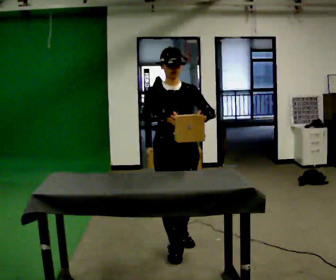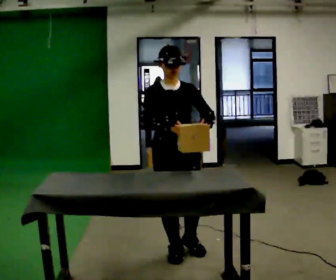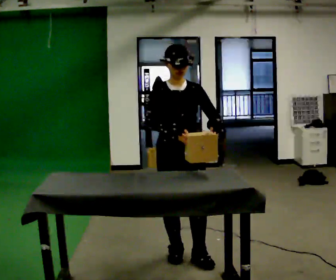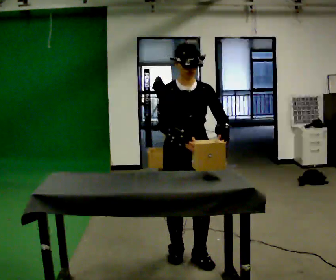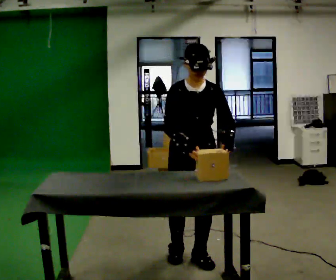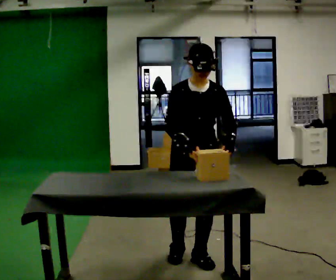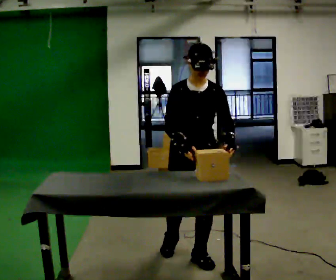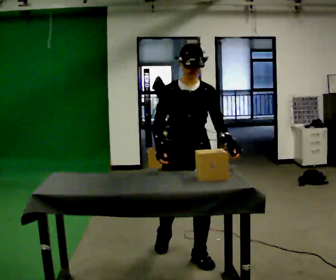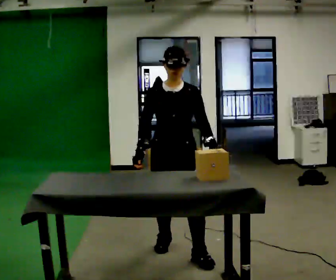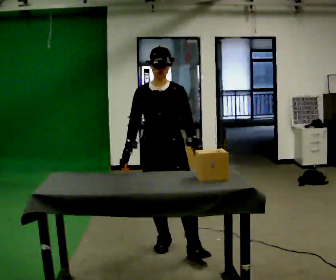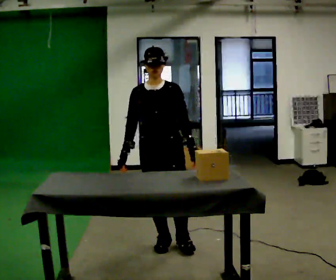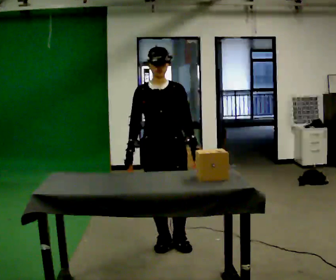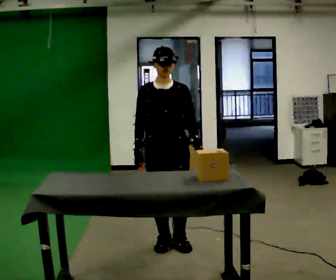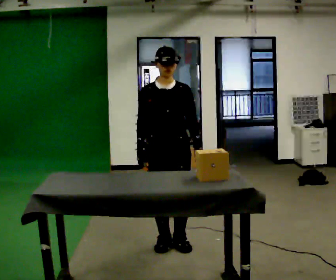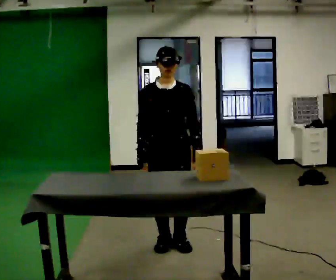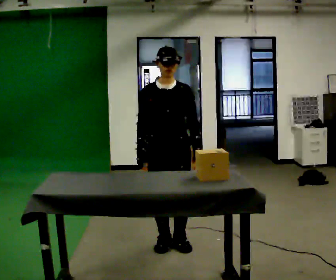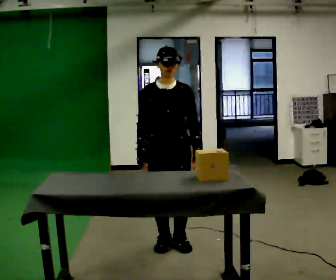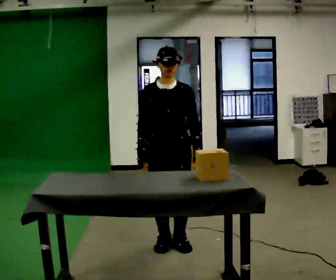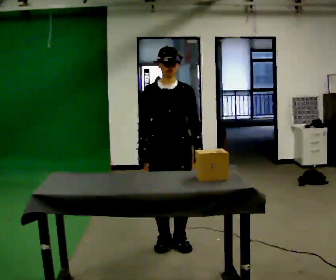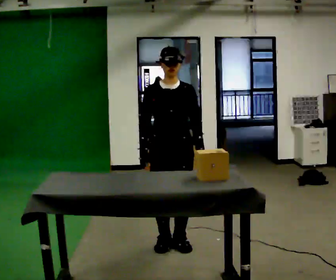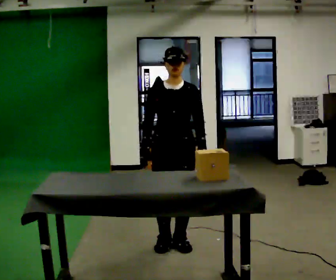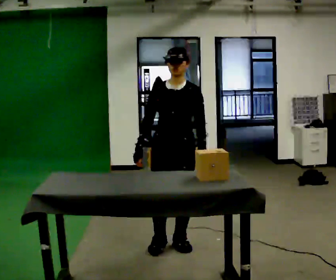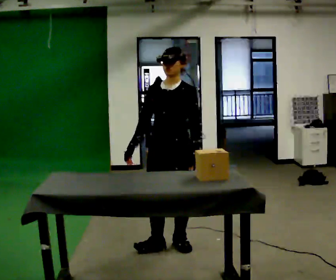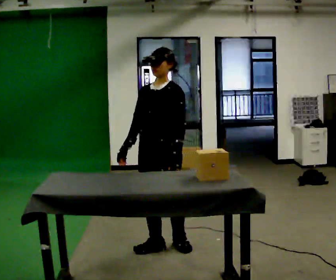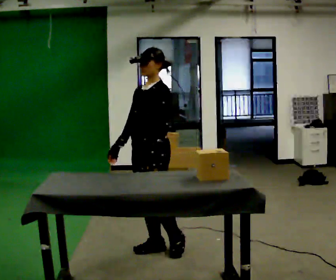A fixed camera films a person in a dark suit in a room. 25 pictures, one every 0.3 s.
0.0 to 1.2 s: In the picture they go toward the camera, about 0.25 m in 1 step, which for them is forward.
1.2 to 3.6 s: In the picture they go away from the camera and to the left, about 0.25 m in 1 step, which for them is backward and to their right.
3.6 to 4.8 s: The person keeps their place and pose.
4.8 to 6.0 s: The person moves a little, or ends about where they began.
6.0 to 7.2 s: Seen from above the body turns clockwise, about 45 degrees: to their right, with its near side sliding to the left. In the picture they go to the left, about 0.25 m. In the picture their left hand goes to the left.
The film runs forward here.
